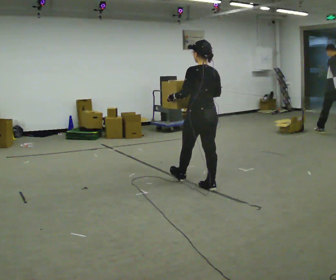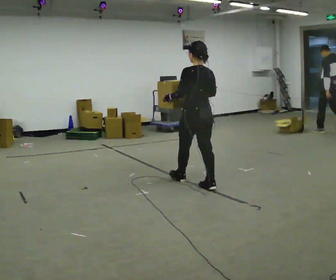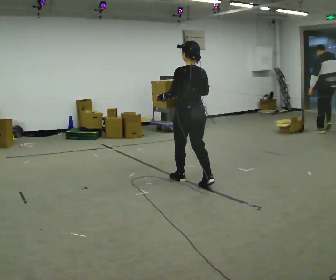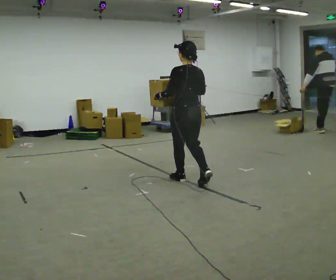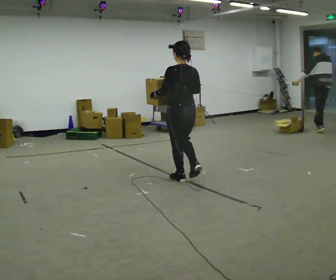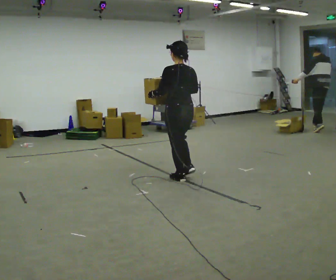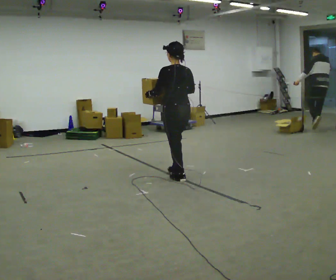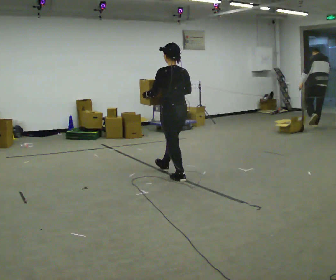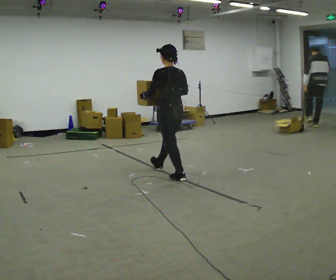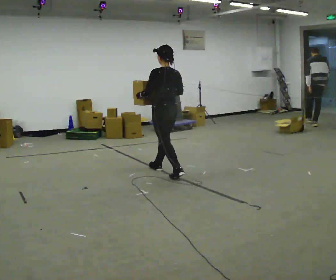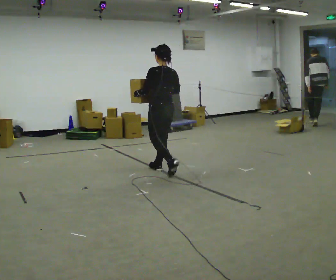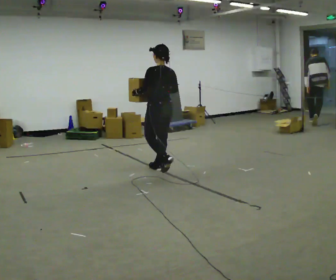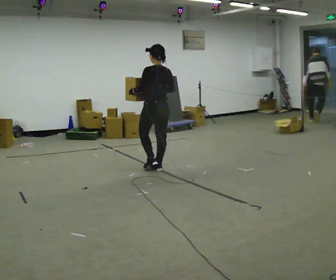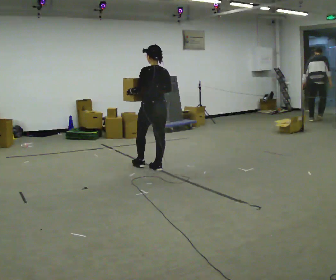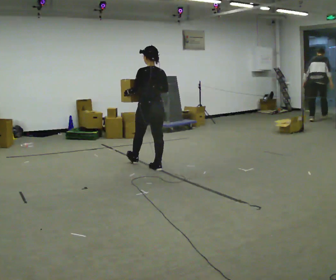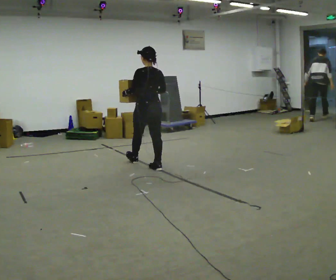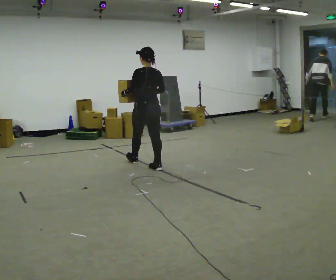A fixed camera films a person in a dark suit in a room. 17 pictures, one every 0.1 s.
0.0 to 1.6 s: In the picture they go away from the camera and to the left, about 1 m in 3 steps, which for them is forward.
The film runs forward here.
